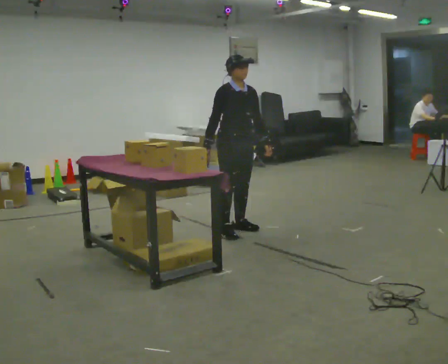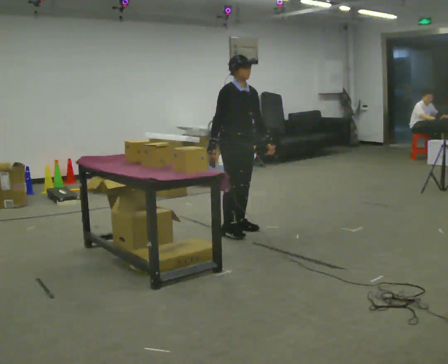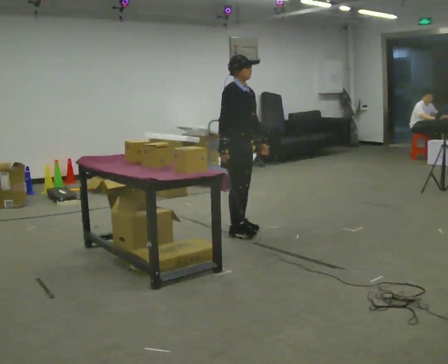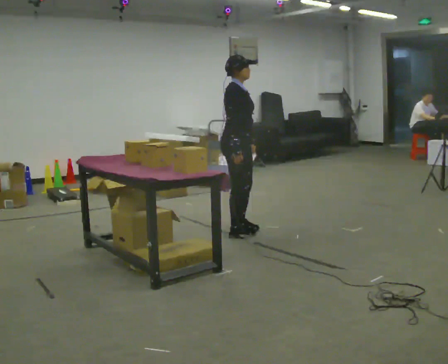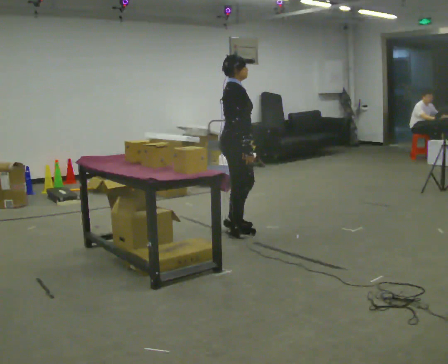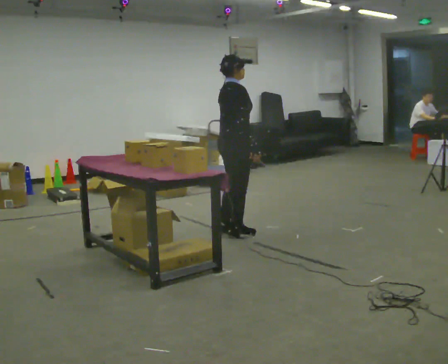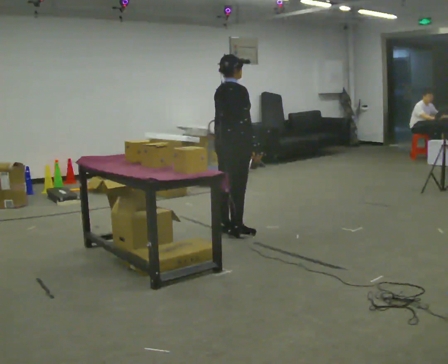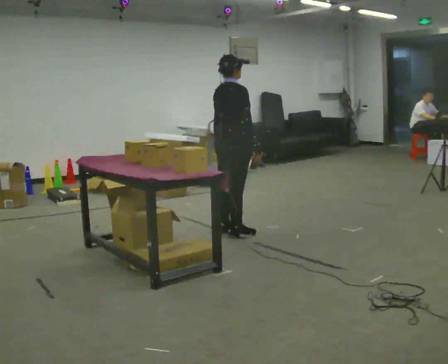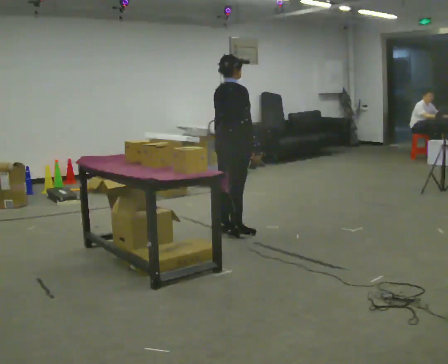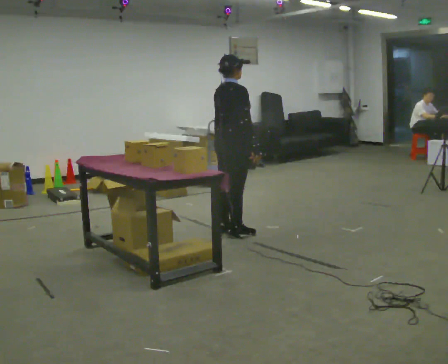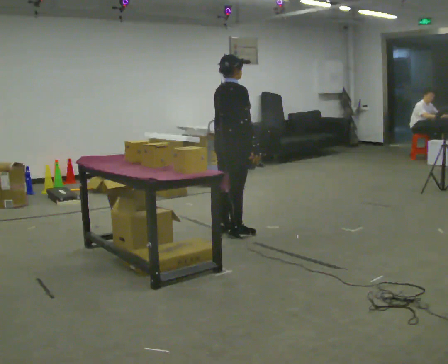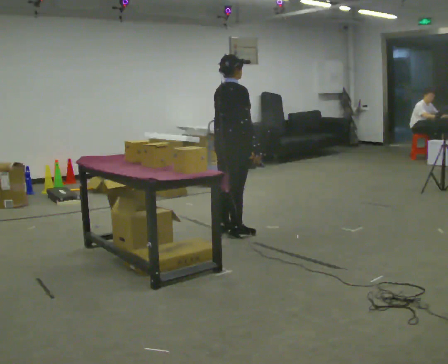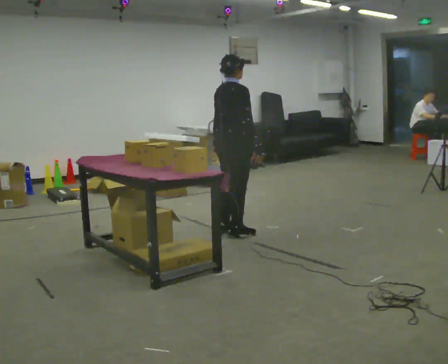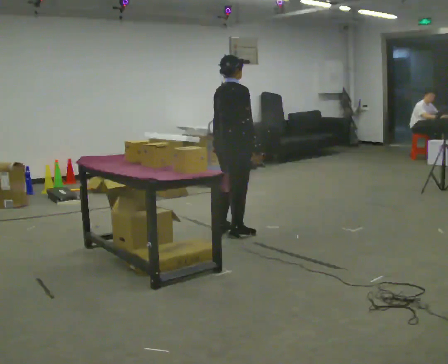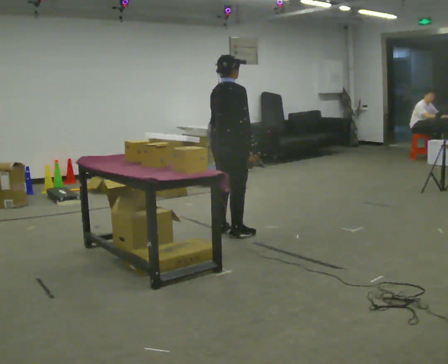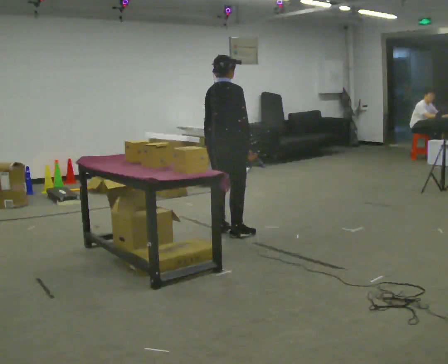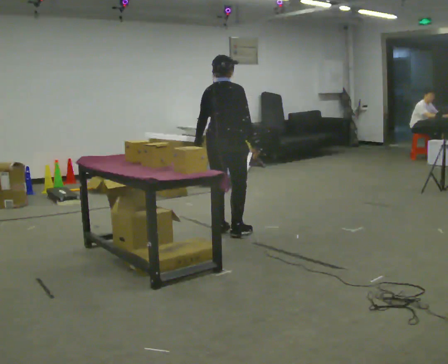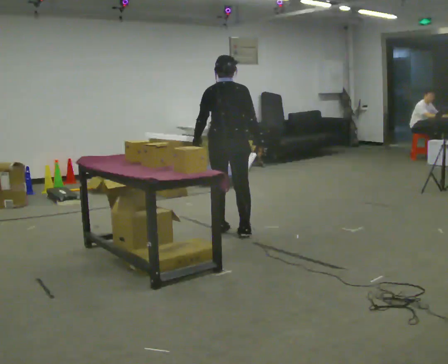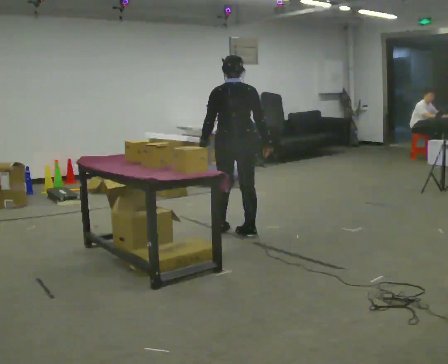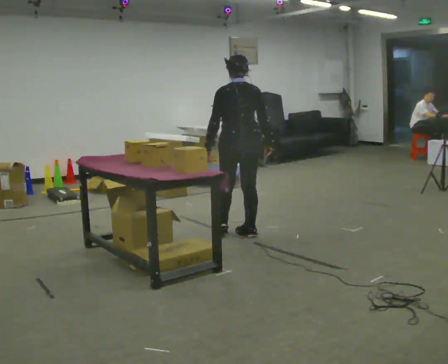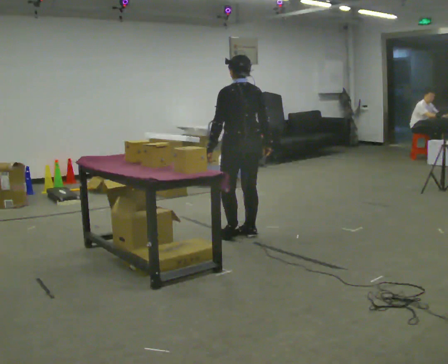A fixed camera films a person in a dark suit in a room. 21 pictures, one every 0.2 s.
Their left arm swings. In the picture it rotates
clockwise.
The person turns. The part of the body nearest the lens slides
to the right.
0.0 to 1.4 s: The person turns about 90 degrees to their left, counterclockwise seen from above, so the part of the body nearest the lens slides to the right. In the picture their right hand goes to the right, the arm swinging counterclockwise.
1.4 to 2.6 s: The person moves a little, or ends about where they began.
2.6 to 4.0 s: The person turns about 75 degrees to their left, counterclockwise seen from above, so the part of the body nearest the lens slides to the right.
The film runs backward here.
